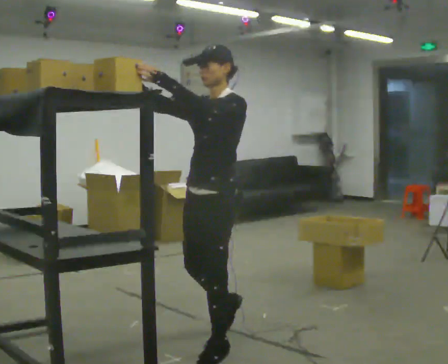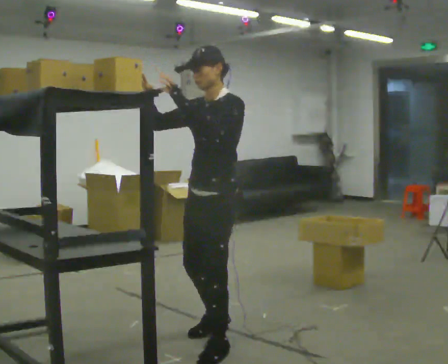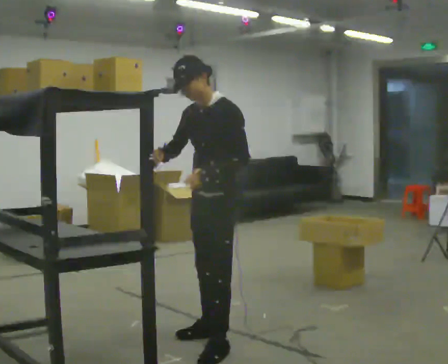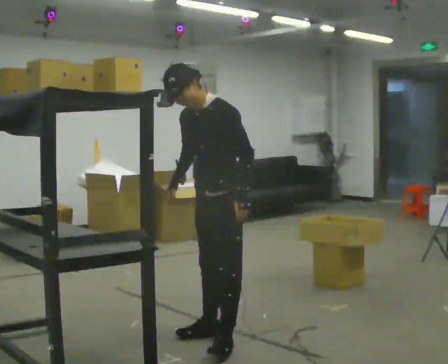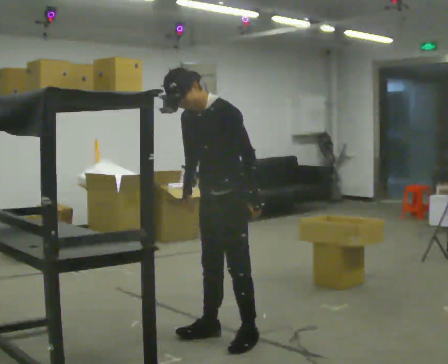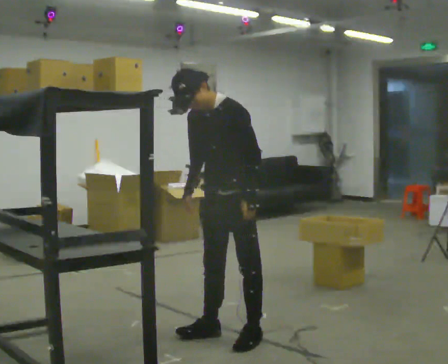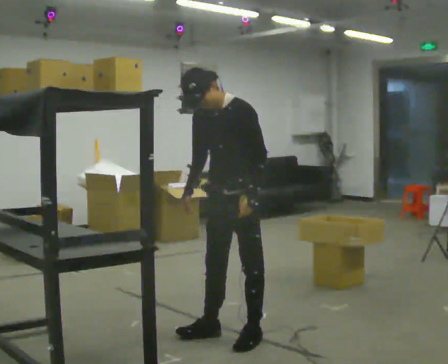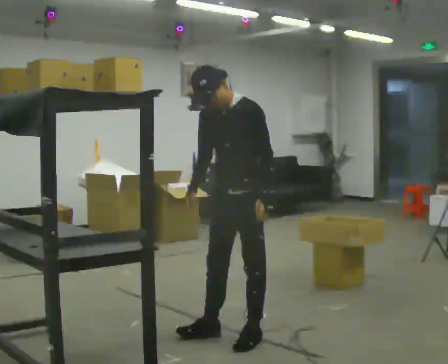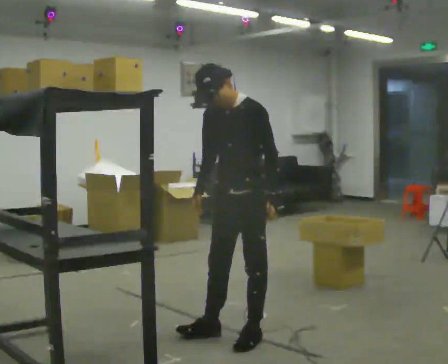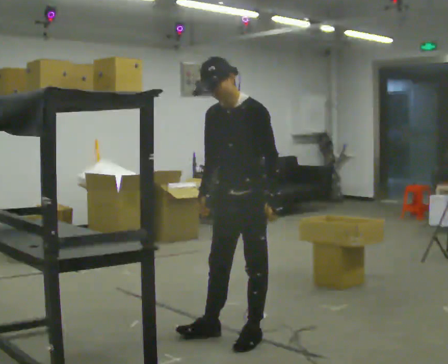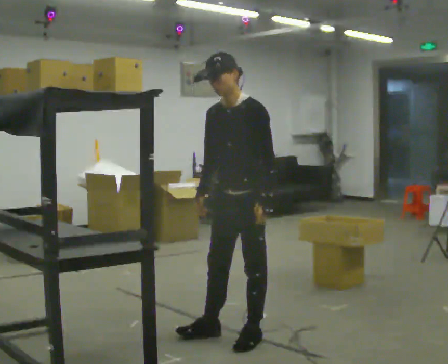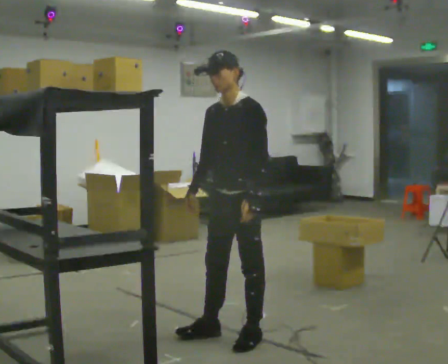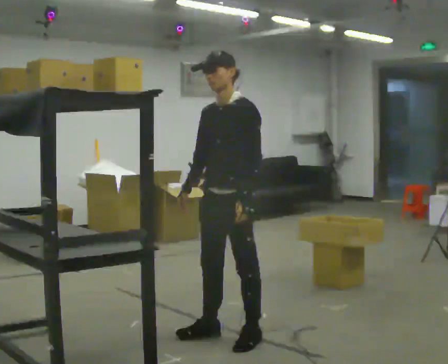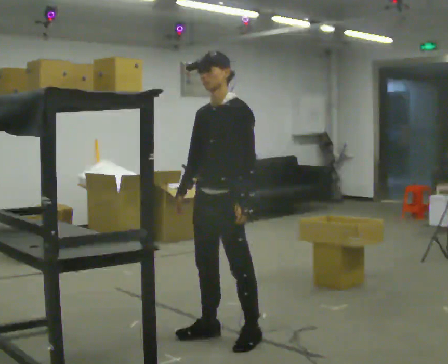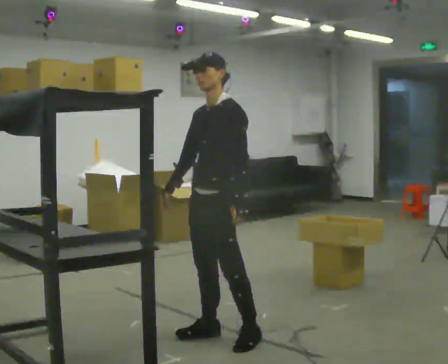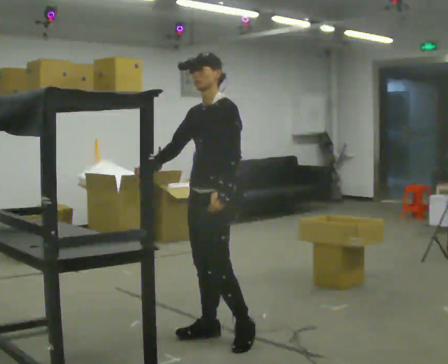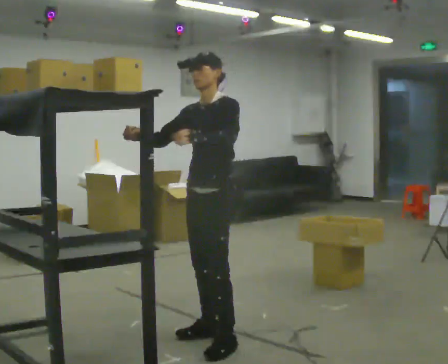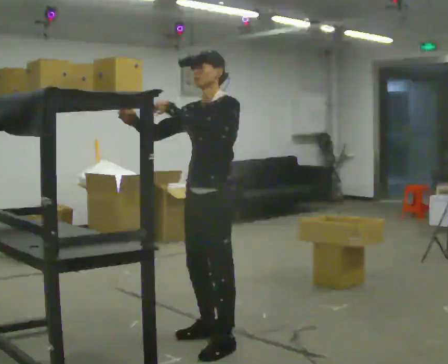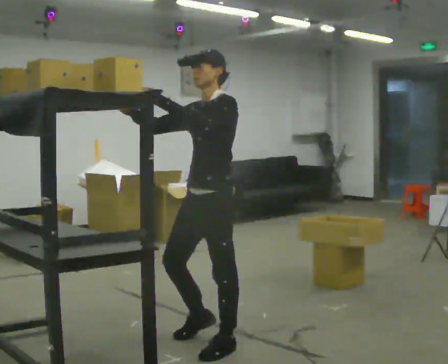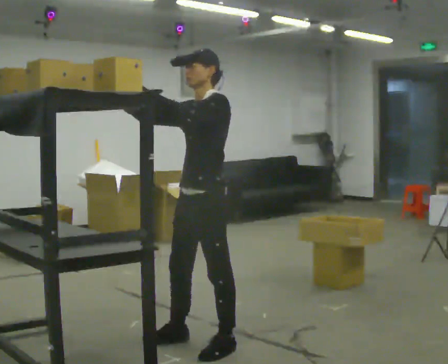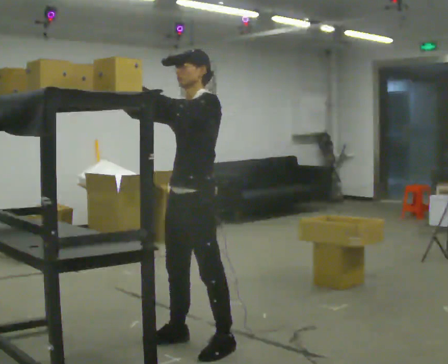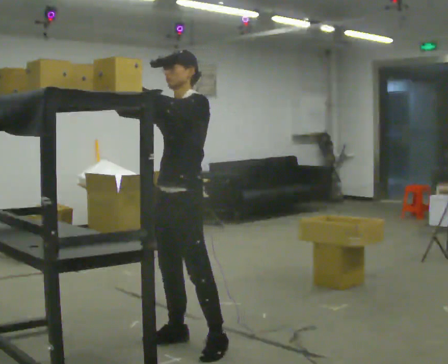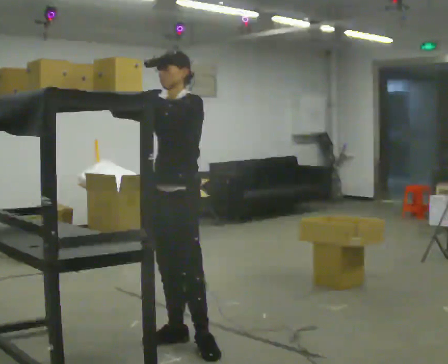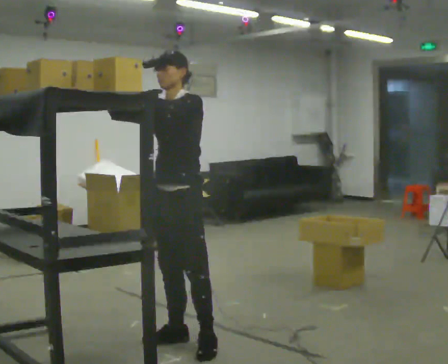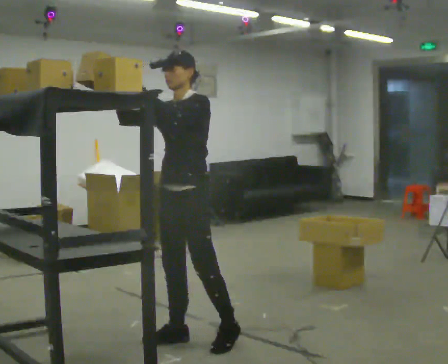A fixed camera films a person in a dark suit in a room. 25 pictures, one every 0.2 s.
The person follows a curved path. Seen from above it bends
counterclockwise.
0.0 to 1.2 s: In the picture they go away from the camera, about 0.25 m in 1 step, which for them is backward and to their right. In the picture the upper body tilts counterclockwise, shoulders to the left, as they bend forward. In the picture their right hand goes downward, the arm swinging counterclockwise.
1.2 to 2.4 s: The person moves a little, or ends about where they began.
2.4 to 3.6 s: In the picture they go toward the camera, about 0.25 m in 1 step, which for them is forward. In the picture their left hand goes upward and to the left.
3.6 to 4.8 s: In the picture they go to the left, about 0.25 m in 2 steps, which for them is to their right.
The film runs forward here.
